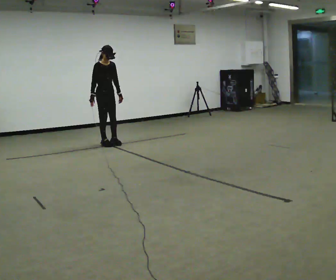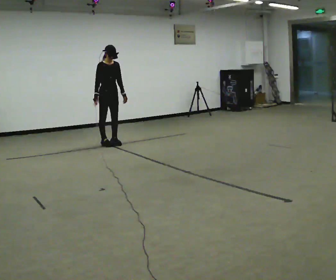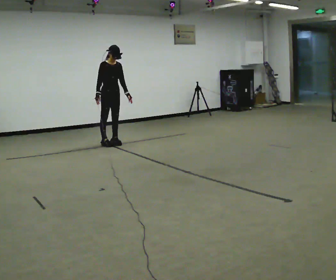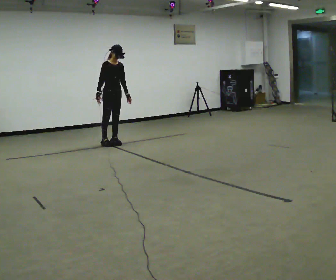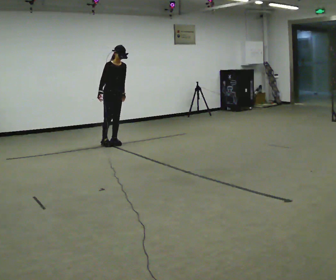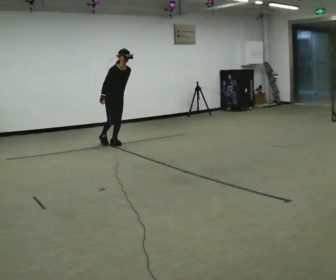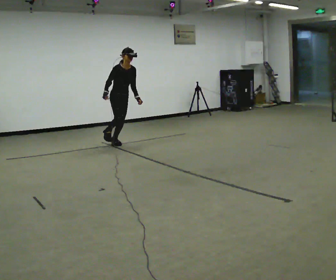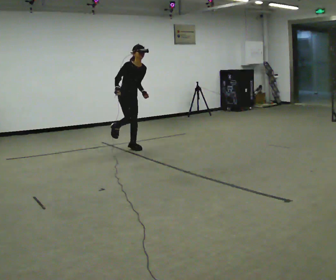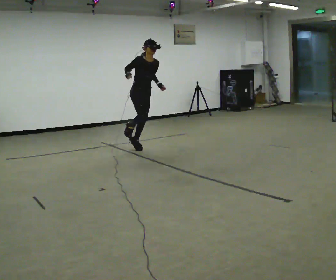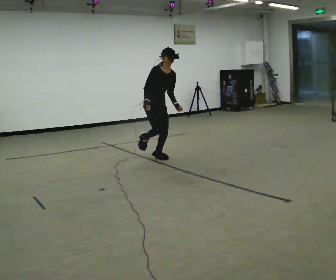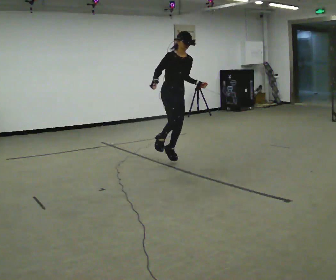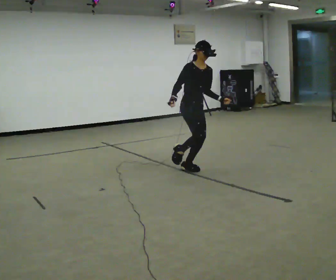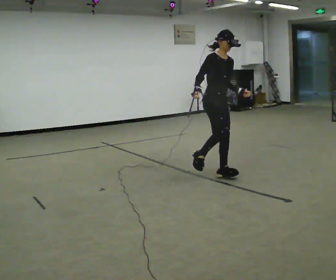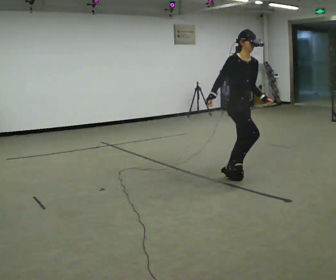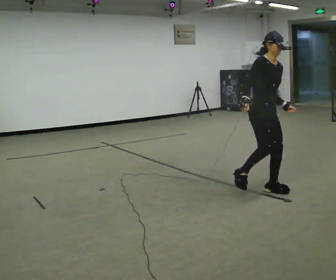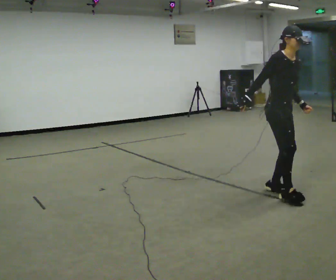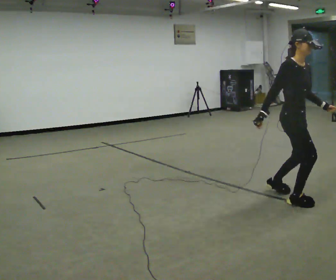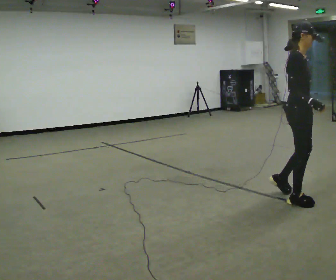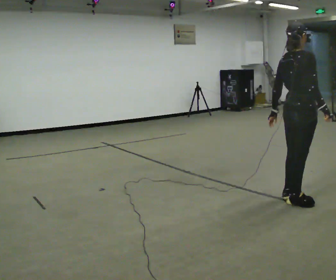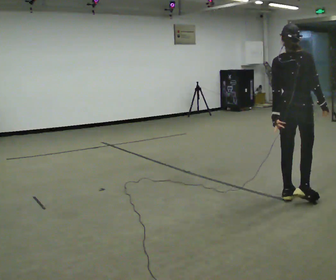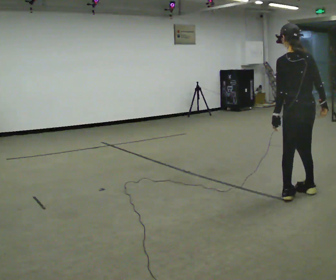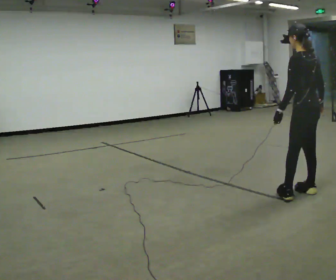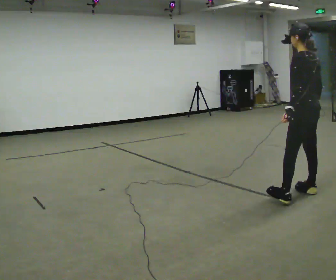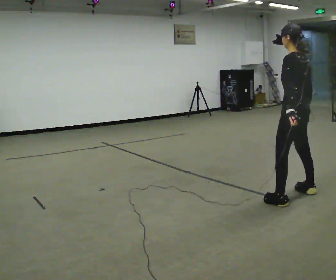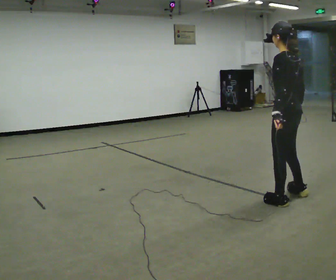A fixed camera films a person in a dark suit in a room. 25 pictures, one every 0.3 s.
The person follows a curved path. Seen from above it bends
clockwise.
0.0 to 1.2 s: The person moves a little, or ends about where they began.
1.2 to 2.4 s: In the picture they go toward the camera and to the right, about 1 m in 1 step, which for them is forward. In the picture their right hand goes upward.
2.4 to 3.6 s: In the picture they go toward the camera and to the right, about 1.5 m in 2 steps, which for them is forward.
3.6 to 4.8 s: In the picture they go toward the camera and to the right, about 1 m in 3 steps, which for them is forward.
4.8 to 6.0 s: The part of the body nearest the lens slides to the right as the person turns to their left by about 150 degrees. In the picture their right hand goes to the right, the arm swinging counterclockwise.
6.0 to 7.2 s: The part of the body nearest the lens slides to the right as the person turns to their left by about 30 degrees. In the picture they go to the left and toward the camera, about 0.25 m in 1 step, which for them is to their left.
The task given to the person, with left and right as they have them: Hop forward on the leg the operator calls, keeping the other foot off the floor.
The film runs forward here.
